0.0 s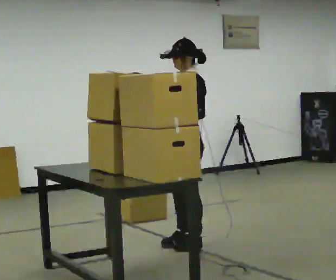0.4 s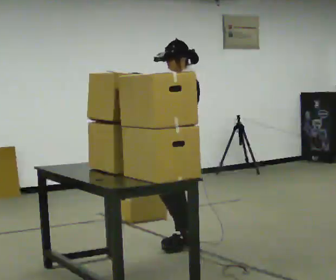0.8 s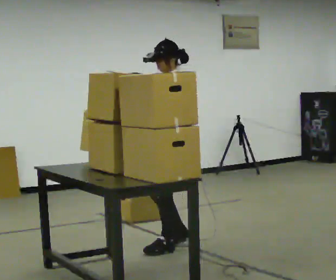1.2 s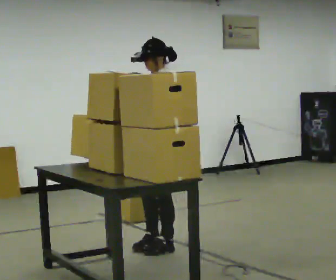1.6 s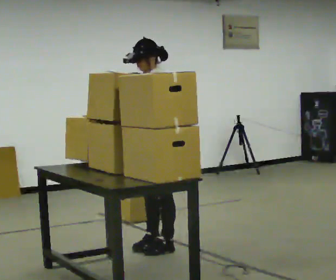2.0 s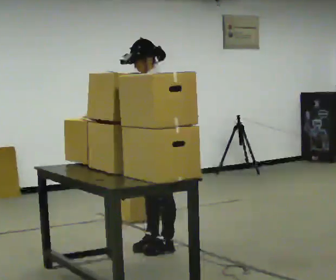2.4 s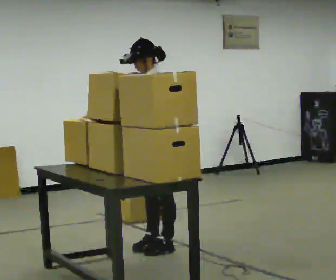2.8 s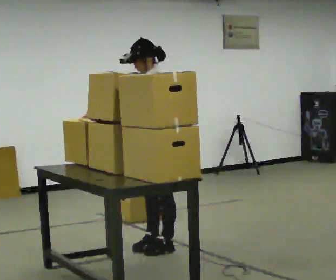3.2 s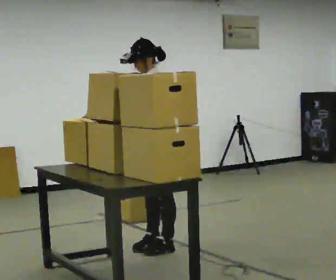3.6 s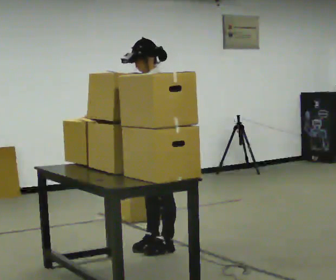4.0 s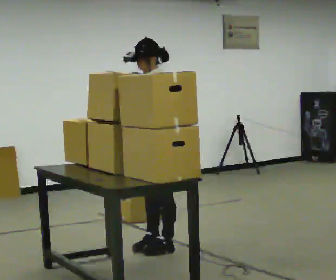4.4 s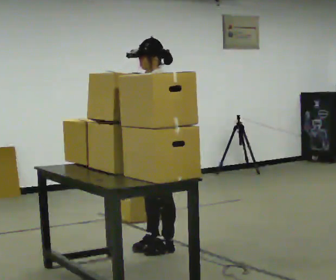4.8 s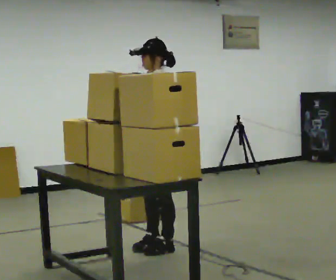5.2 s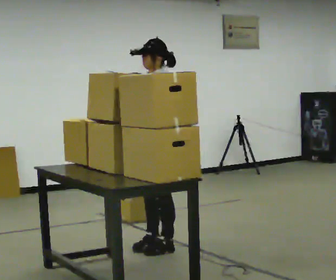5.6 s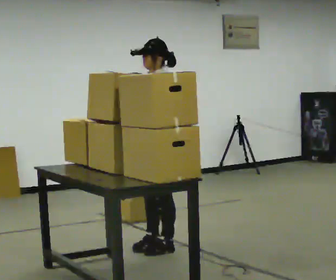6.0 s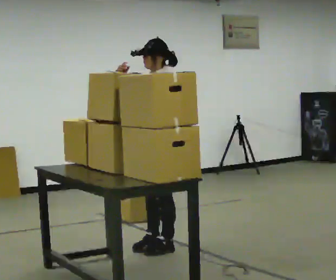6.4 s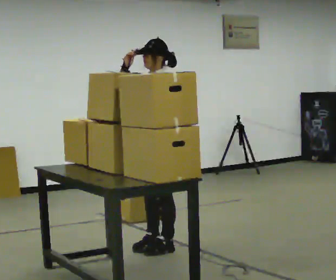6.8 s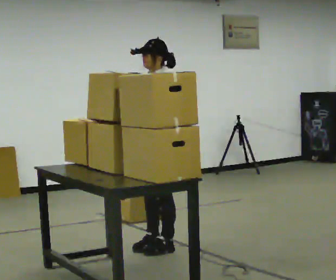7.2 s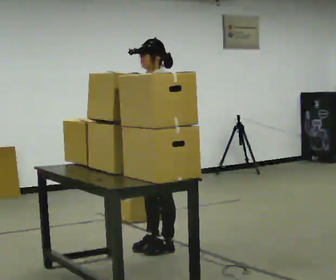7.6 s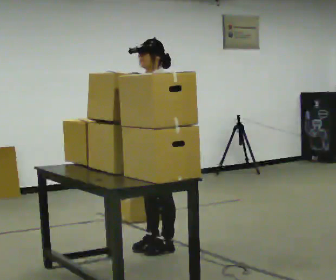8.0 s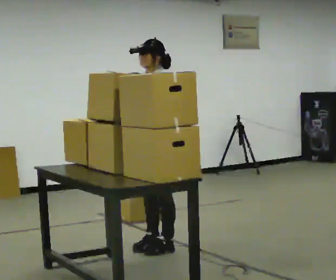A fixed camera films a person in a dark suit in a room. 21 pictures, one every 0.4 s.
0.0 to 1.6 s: In the picture they go to the left, about 0.25 m in 2 steps, which for them is forward. In the picture their right hand goes to the left.
1.6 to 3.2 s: The person keeps their place and pose.
3.2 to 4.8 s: In the picture their right hand goes to the right.
4.8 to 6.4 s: In the picture their right hand goes upward.
6.4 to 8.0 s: In the picture their right hand goes downward.
The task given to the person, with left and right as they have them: Pick up the next box in the row and carry it to the table. The operator will not tell you how heavy each one is. Keep going until the operator says stop; one object at a time, and do not rush between trips.
The film runs forward here.
